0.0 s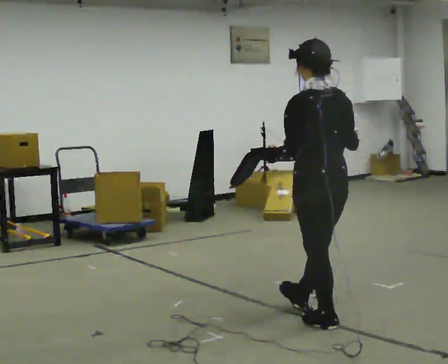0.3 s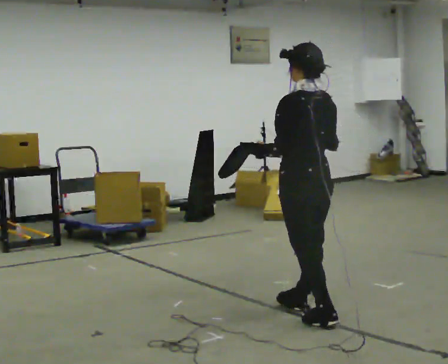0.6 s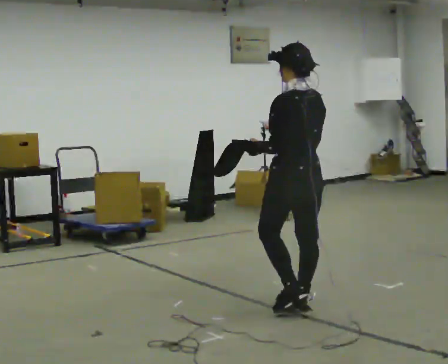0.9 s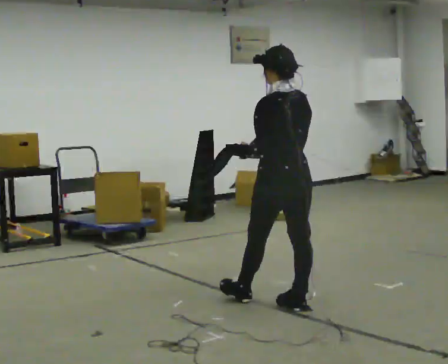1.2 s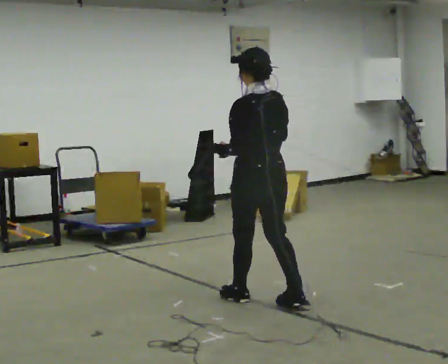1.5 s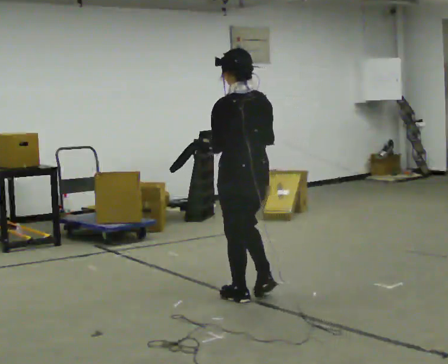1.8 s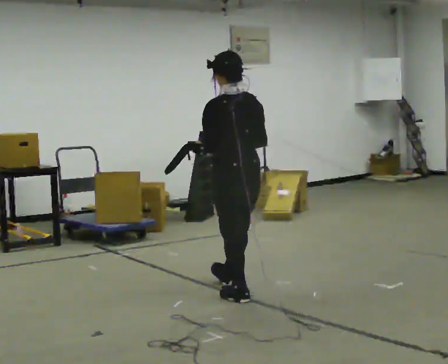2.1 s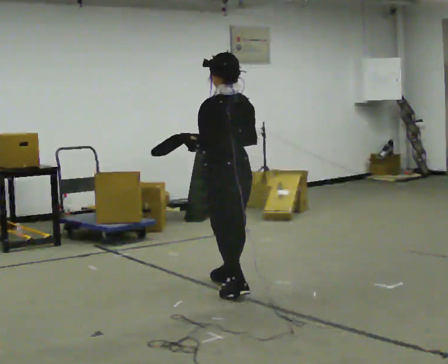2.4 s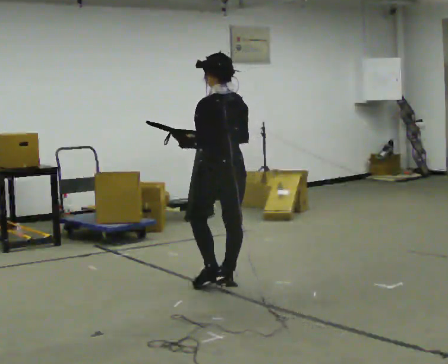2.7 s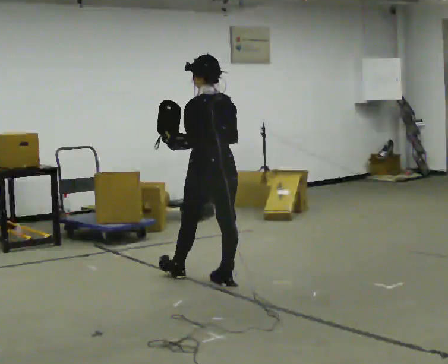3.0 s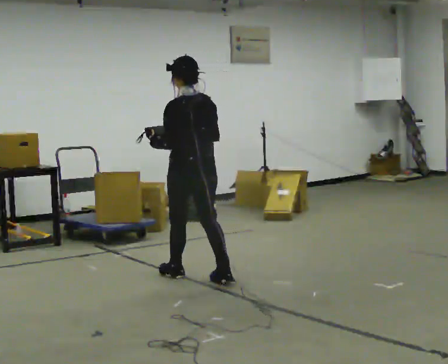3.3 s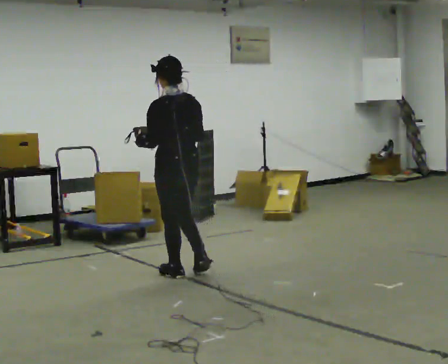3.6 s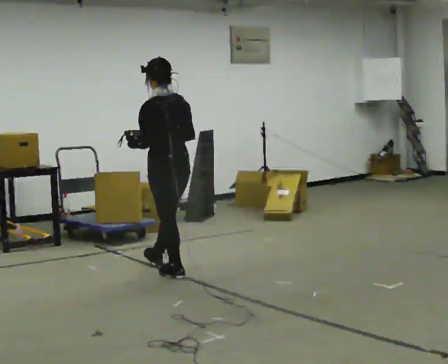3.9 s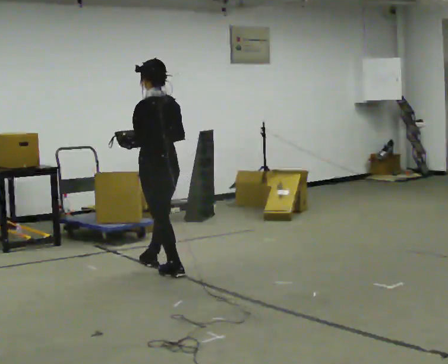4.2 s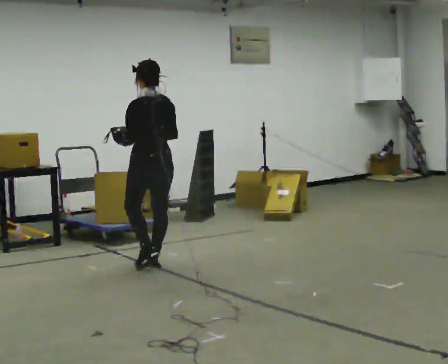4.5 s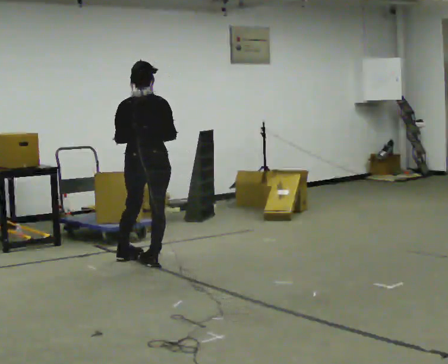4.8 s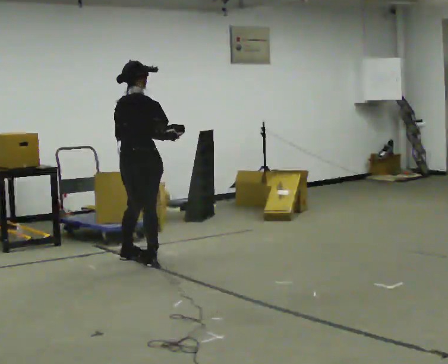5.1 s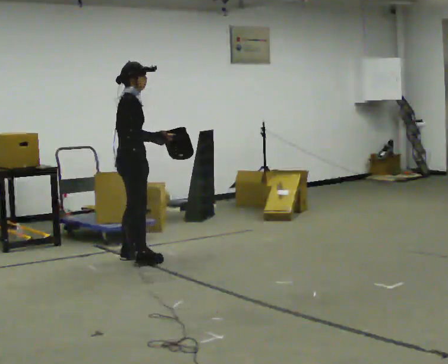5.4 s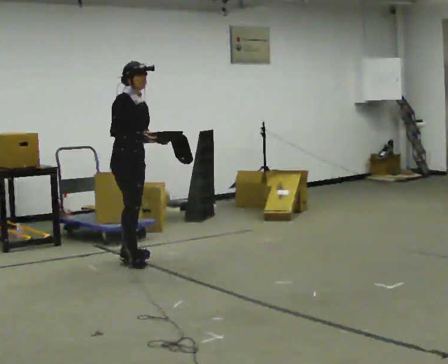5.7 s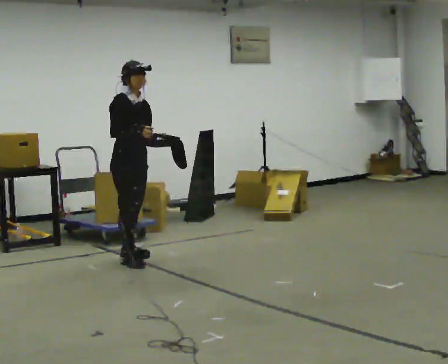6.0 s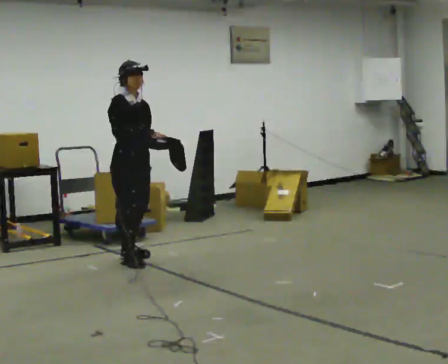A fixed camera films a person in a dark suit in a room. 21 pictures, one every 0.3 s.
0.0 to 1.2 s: In the picture they go away from the camera and to the left, about 0.5 m in 1 step, which for them is forward.
1.2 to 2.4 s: In the picture they go away from the camera and to the left, about 0.5 m in 1 step, which for them is forward.
2.4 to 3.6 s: In the picture they go to the left and away from the camera, about 0.5 m in 1 step, which for them is forward.
3.6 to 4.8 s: Seen from above the body turns clockwise, about 90 degrees: to their right, with its near side sliding to the left. In the picture they go away from the camera and to the left, about 0.5 m in 2 steps.
4.8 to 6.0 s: The person turns about 75 degrees to their right, clockwise seen from above, so the part of the body nearest the lens slides to the left.
The film runs forward here.
